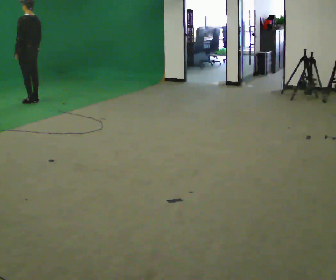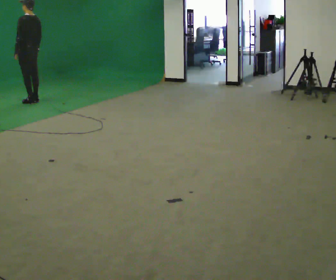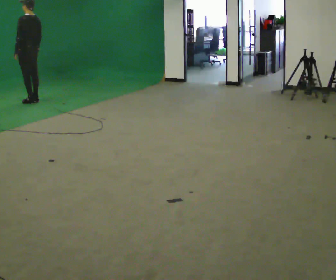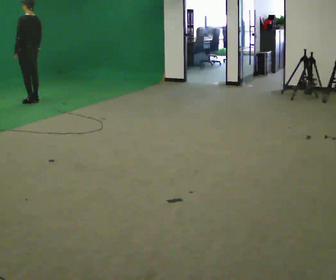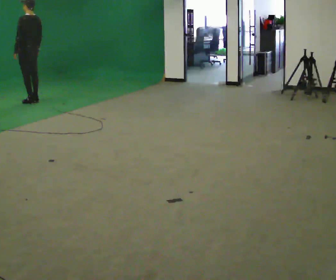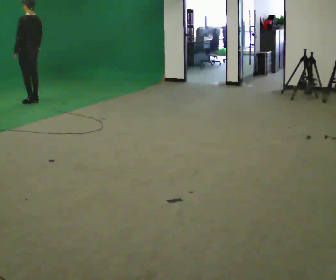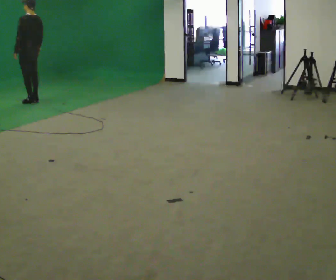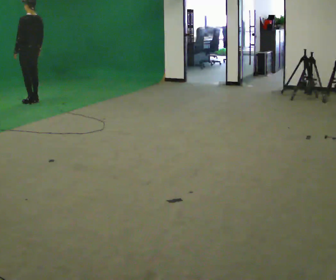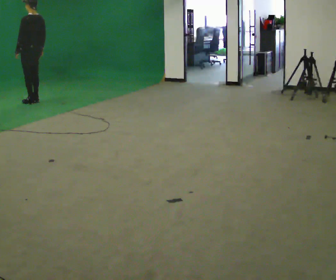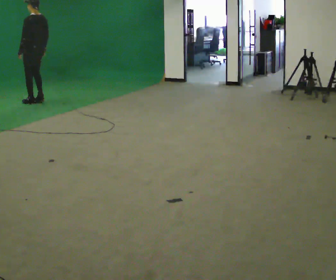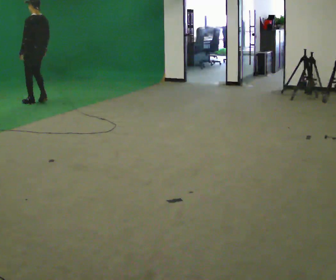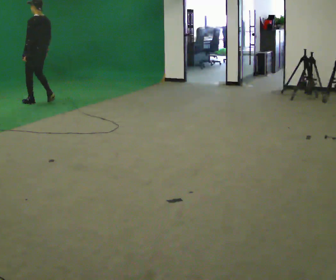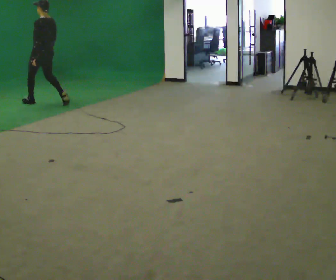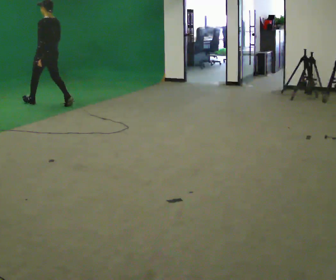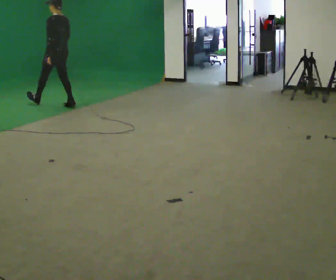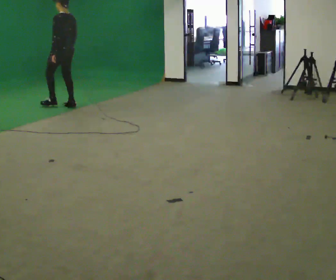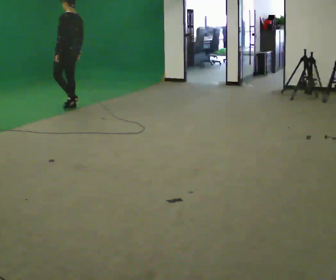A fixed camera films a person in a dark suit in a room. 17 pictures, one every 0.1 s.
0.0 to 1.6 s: In the picture they go toward the camera and to the right, about 1 m in 2 steps, which for them is backward.
The film runs backward here.
